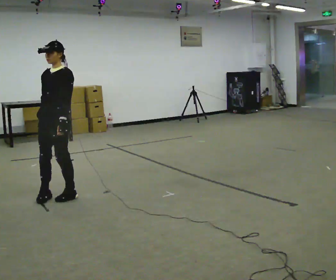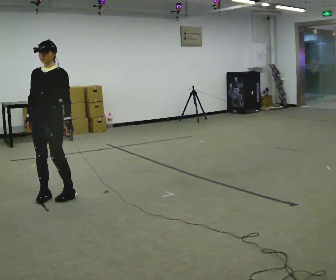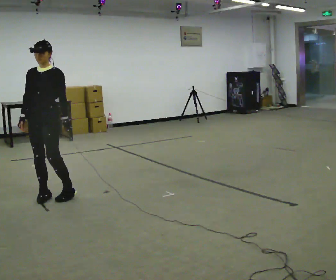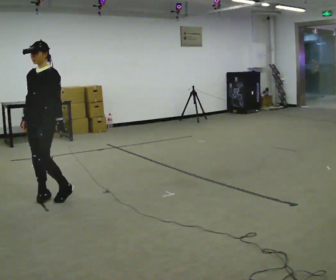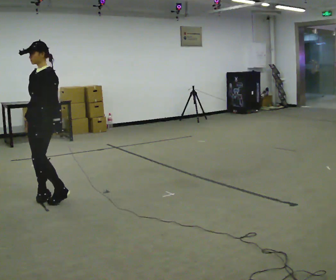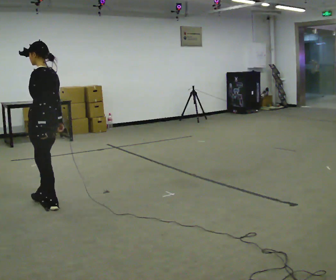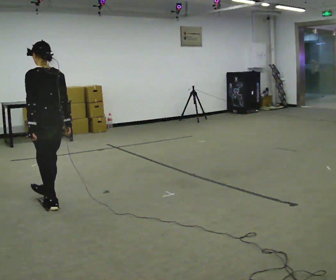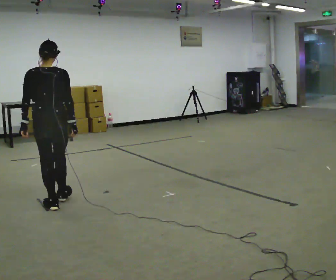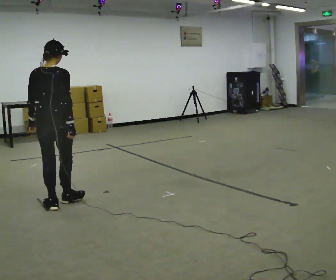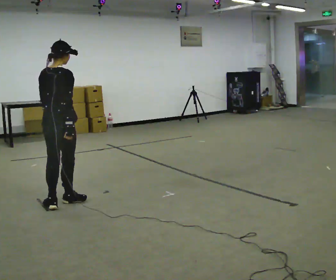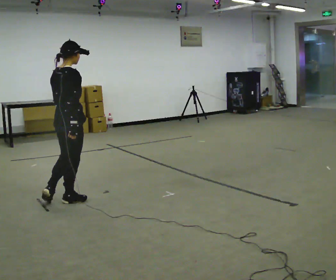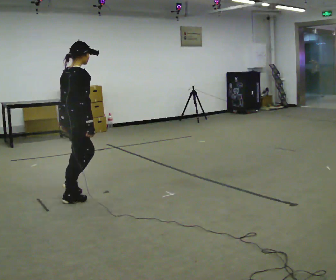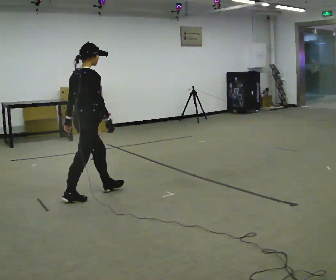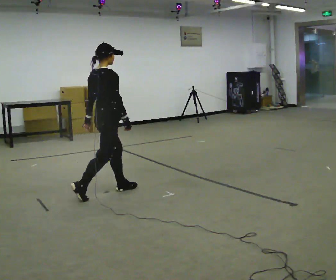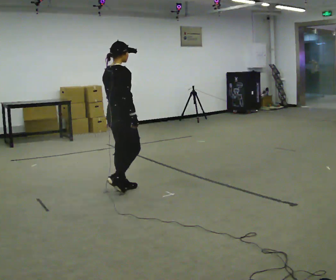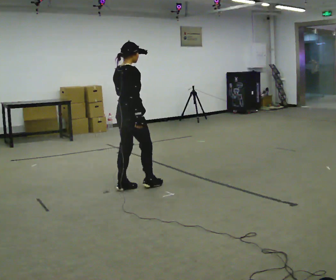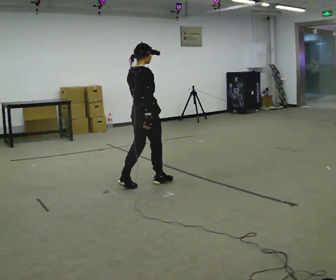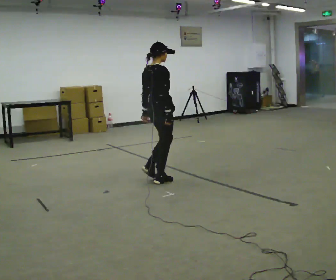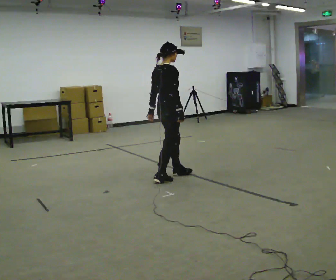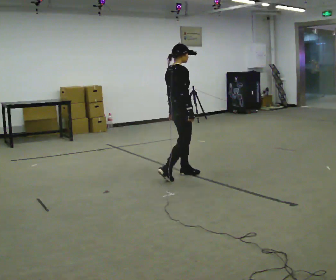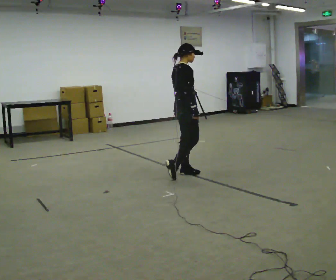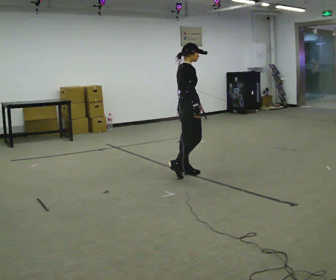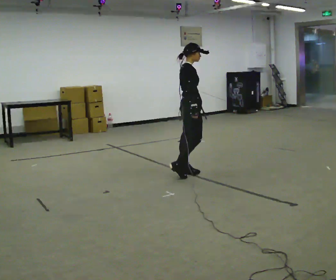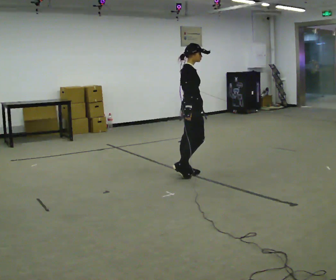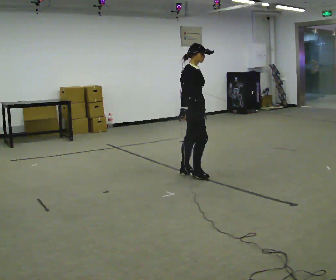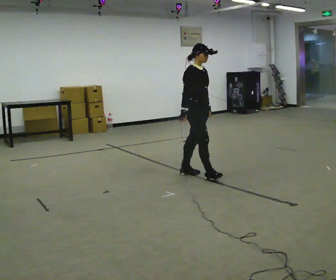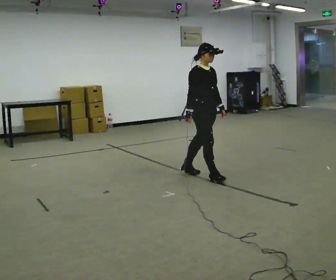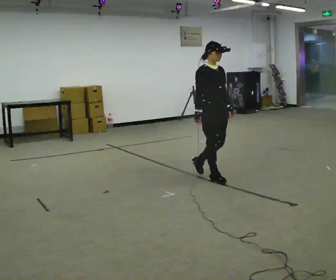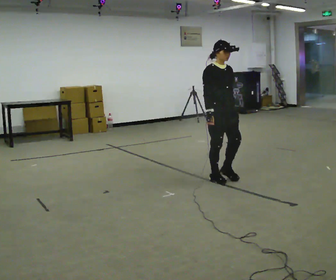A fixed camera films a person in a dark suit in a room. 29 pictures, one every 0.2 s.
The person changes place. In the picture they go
to the right.
The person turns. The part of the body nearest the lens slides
to the left.
0.0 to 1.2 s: Seen from above the body turns clockwise, about 105 degrees: to their right, with its near side sliding to the left. In the picture they go toward the camera, about 0.25 m in 1 step. In the picture their right hand goes to the right.
1.2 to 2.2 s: The person turns about 105 degrees to their right, clockwise seen from above, so the part of the body nearest the lens slides to the left. In the picture they go to the right and away from the camera, about 0.25 m in 1 step.
2.2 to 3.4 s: In the picture they go to the right and away from the camera, about 1 m in 2 steps, which for them is forward.
3.4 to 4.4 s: The part of the body nearest the lens slides to the left as the person turns to their right by about 30 degrees. In the picture they go to the right and away from the camera, about 0.5 m in 2 steps, which for them is forward and to their left.
4.4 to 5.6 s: The part of the body nearest the lens slides to the left as the person turns to their right by about 60 degrees. In the picture they go toward the camera and to the right, about 0.5 m in 1 step, which for them is forward.
The film runs forward here.
